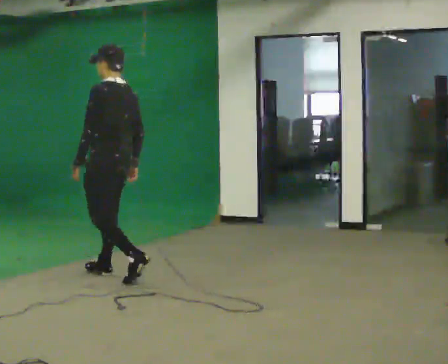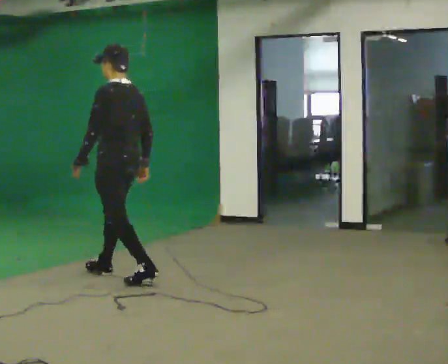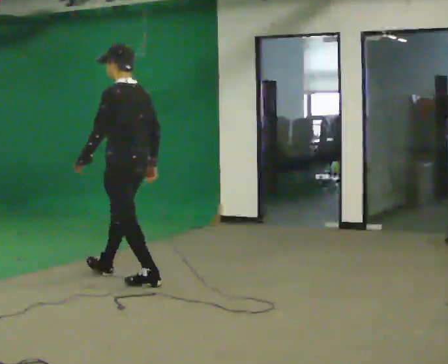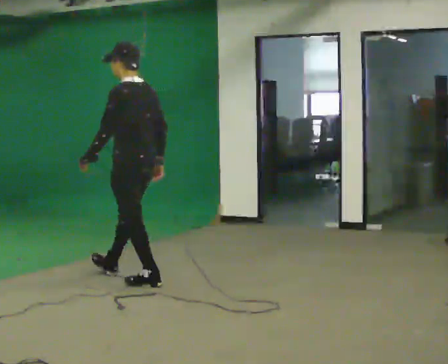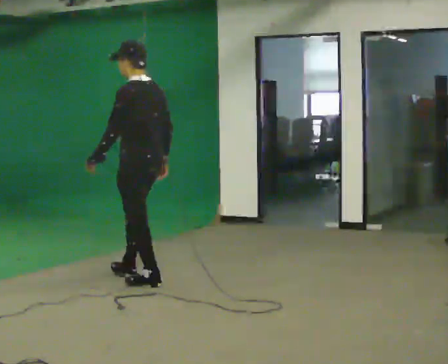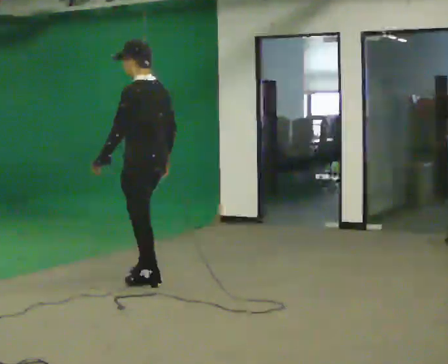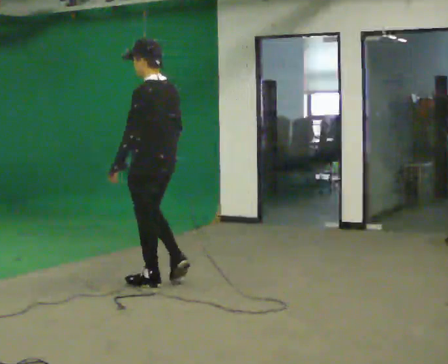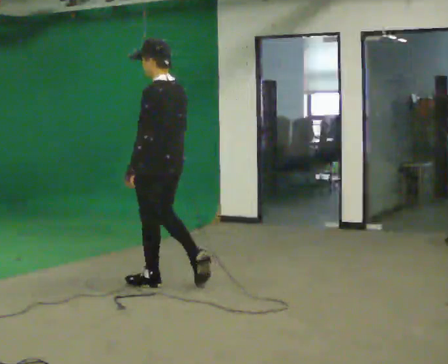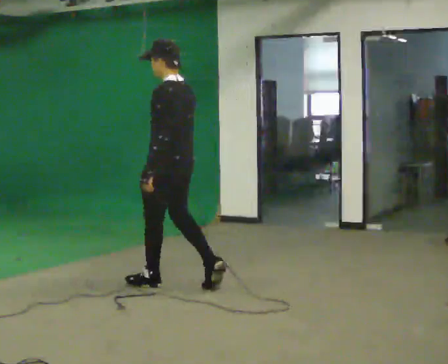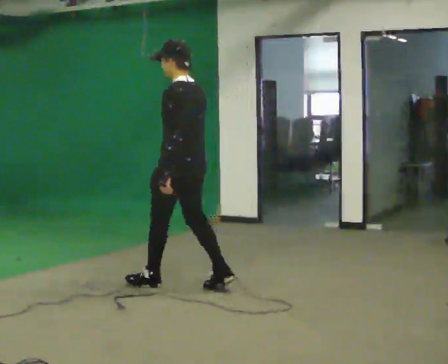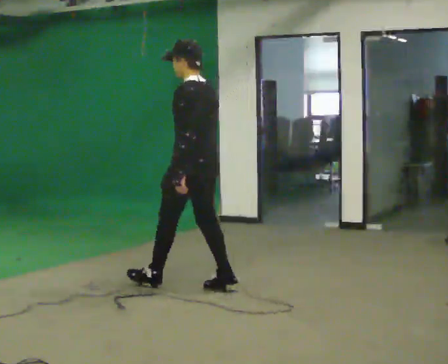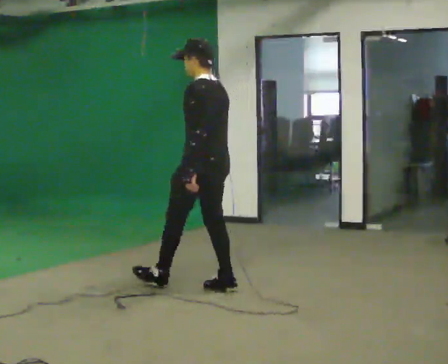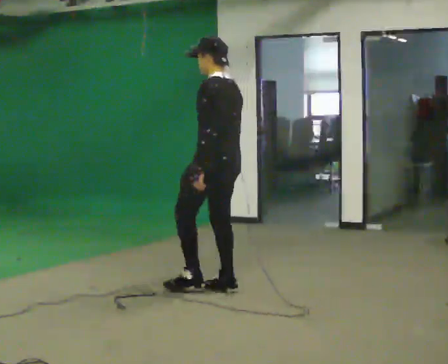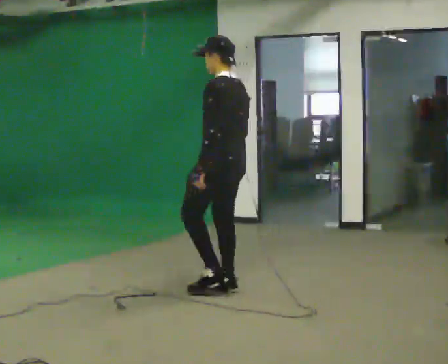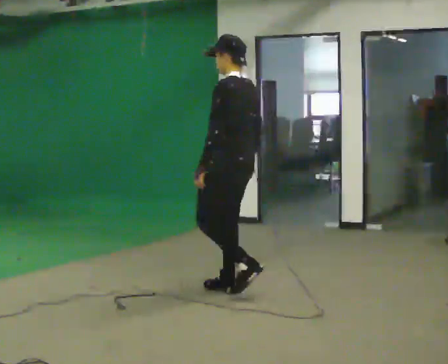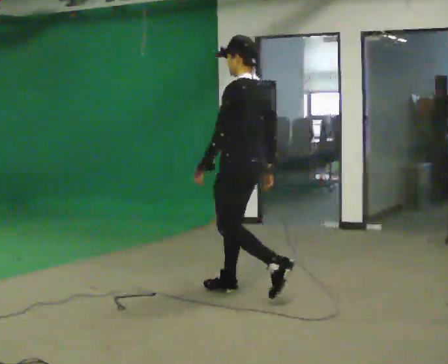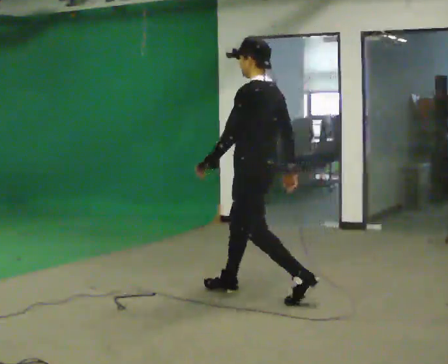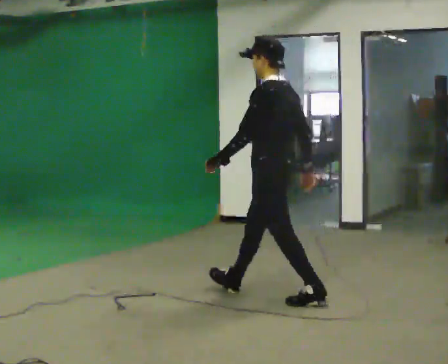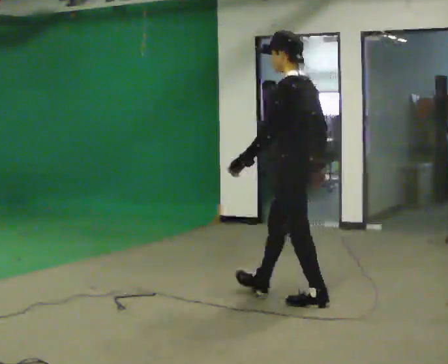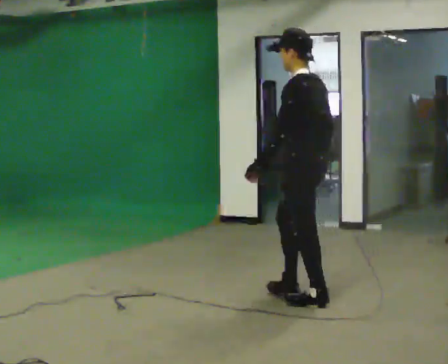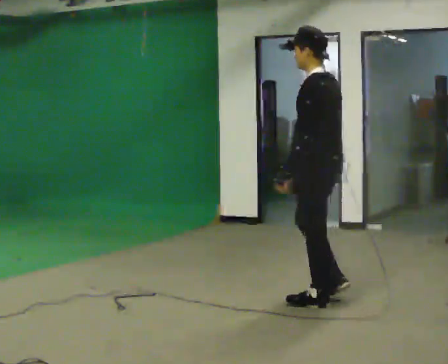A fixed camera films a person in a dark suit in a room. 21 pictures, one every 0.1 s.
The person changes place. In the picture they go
to the right.
0.0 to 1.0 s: In the picture they go to the right and toward the camera, about 0.5 m in 1 step, which for them is backward.
1.0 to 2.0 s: In the picture they go to the right and toward the camera, about 1 m in 2 steps, which for them is backward.
The film runs backward here.
